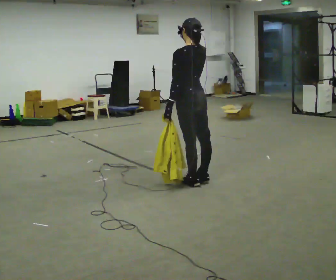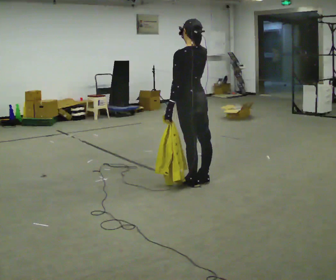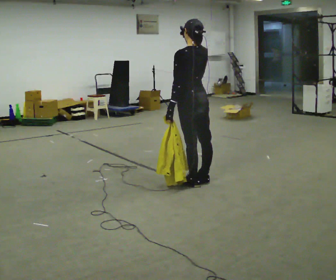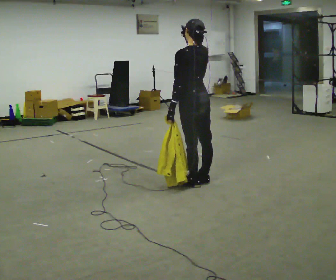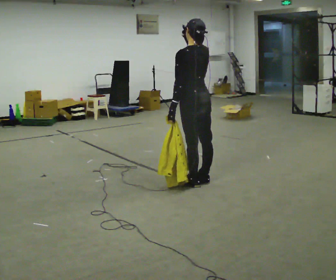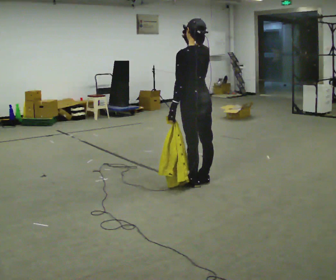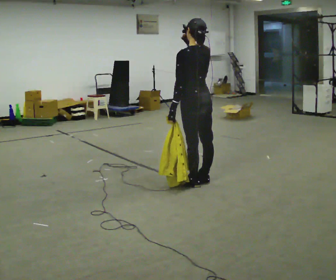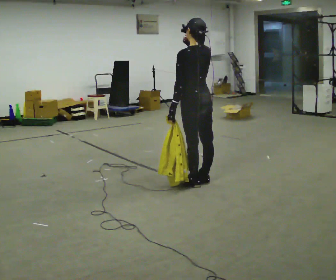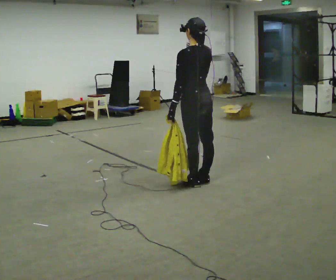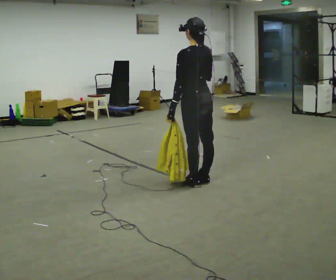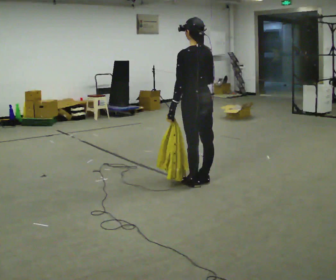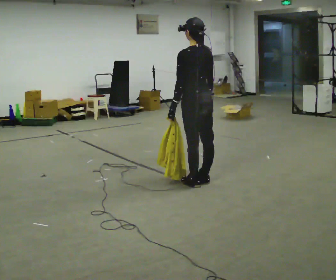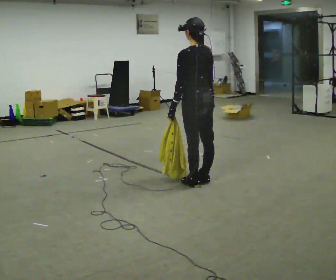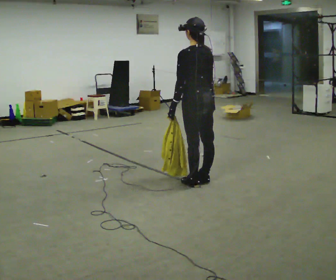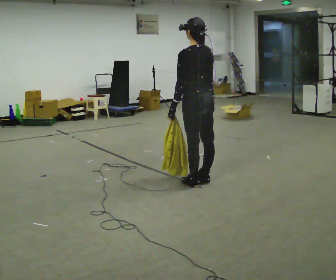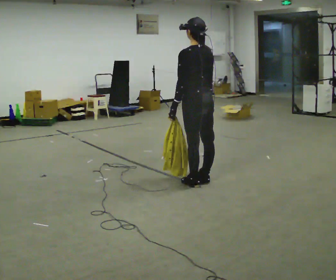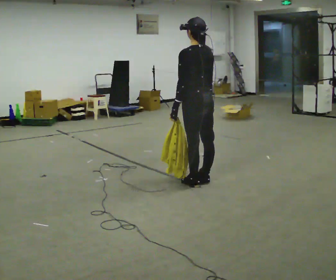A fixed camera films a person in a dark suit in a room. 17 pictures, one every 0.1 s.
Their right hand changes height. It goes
downward.
0.0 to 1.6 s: In the picture their right hand goes downward.
The film runs backward here.
